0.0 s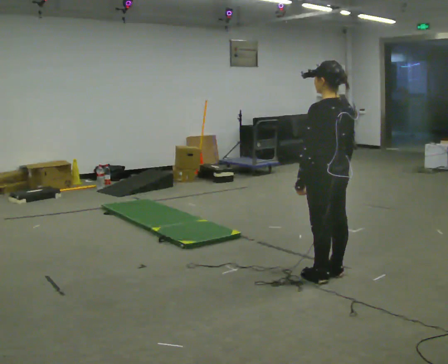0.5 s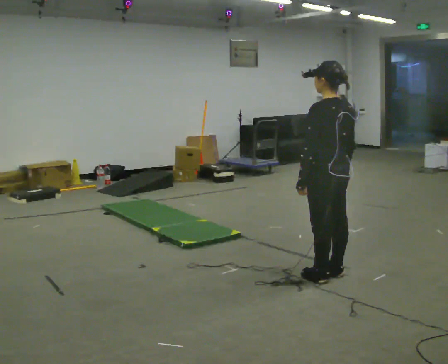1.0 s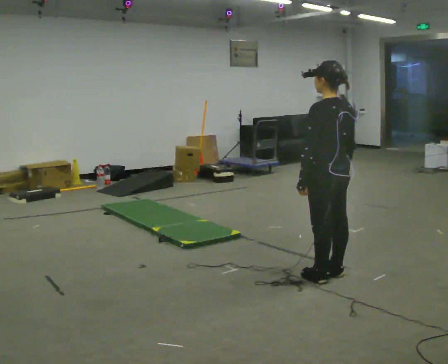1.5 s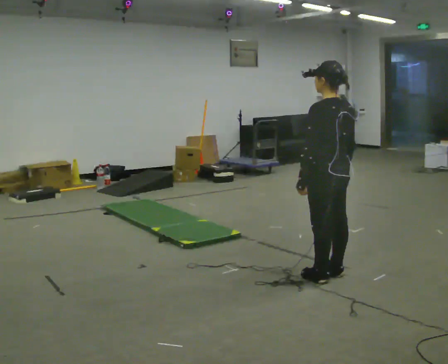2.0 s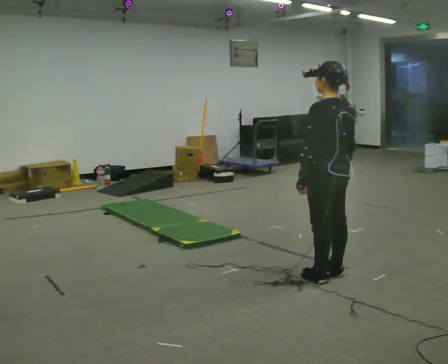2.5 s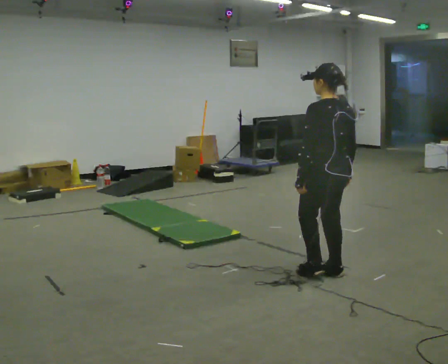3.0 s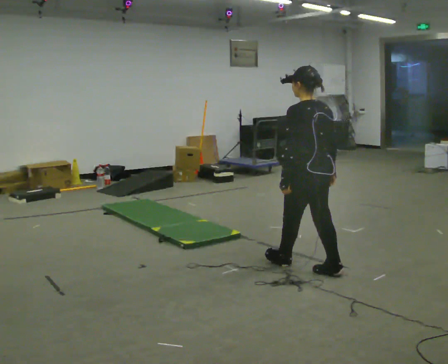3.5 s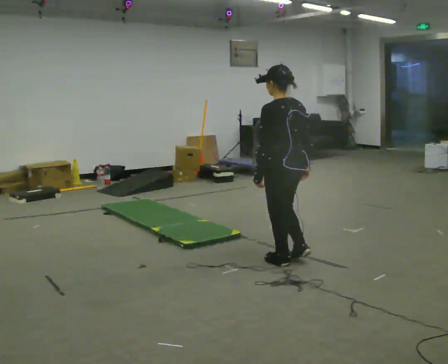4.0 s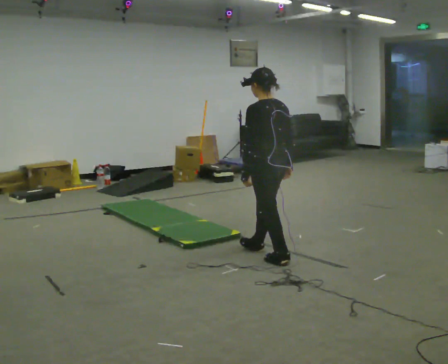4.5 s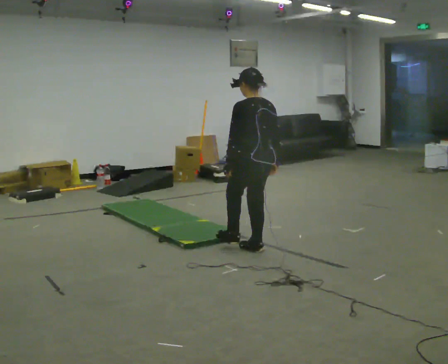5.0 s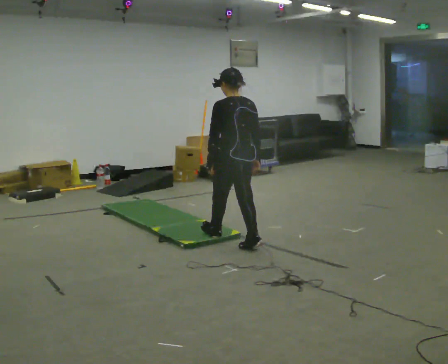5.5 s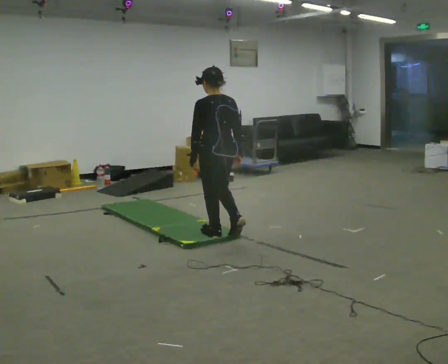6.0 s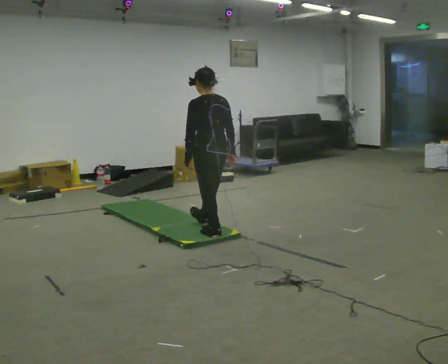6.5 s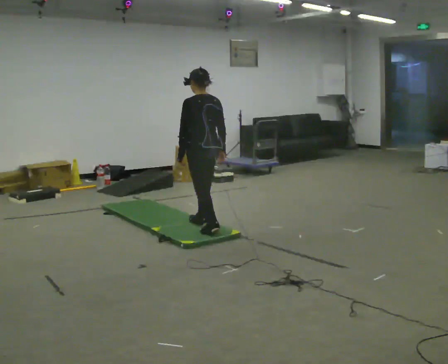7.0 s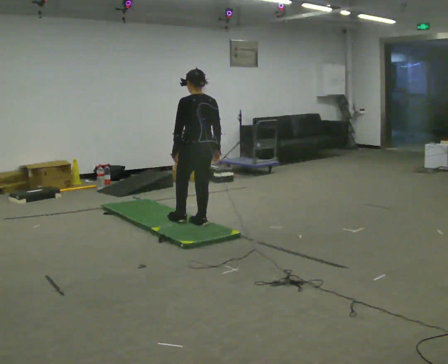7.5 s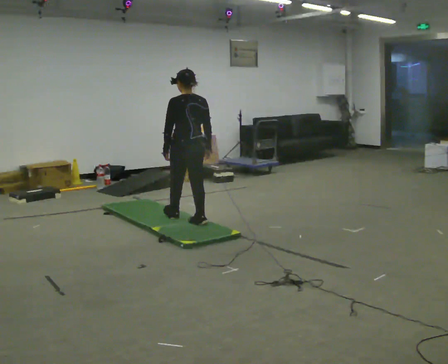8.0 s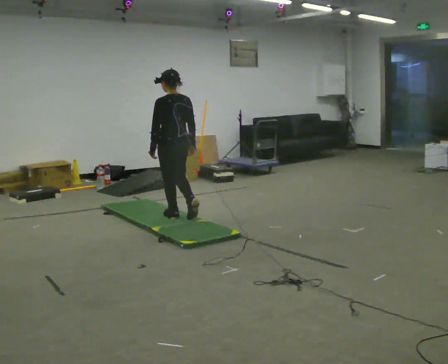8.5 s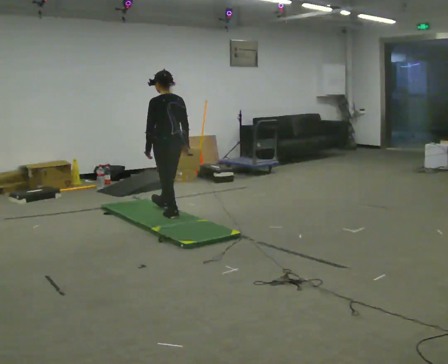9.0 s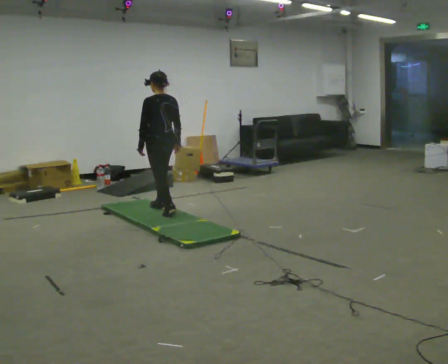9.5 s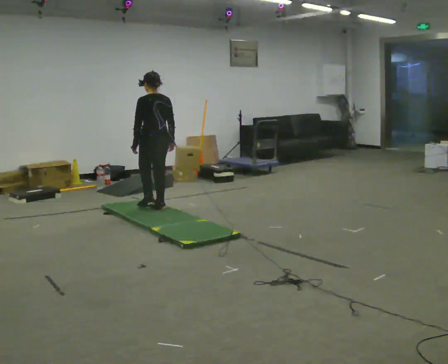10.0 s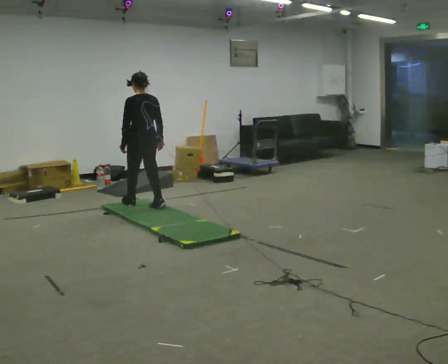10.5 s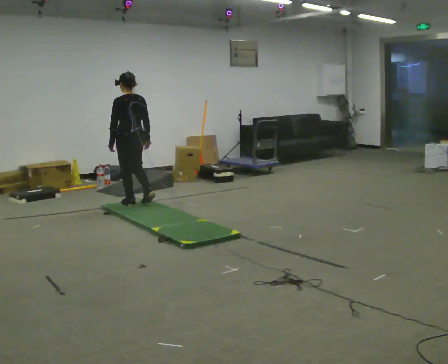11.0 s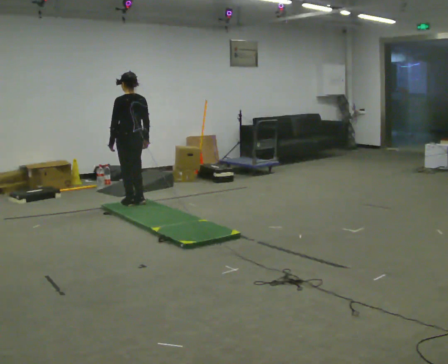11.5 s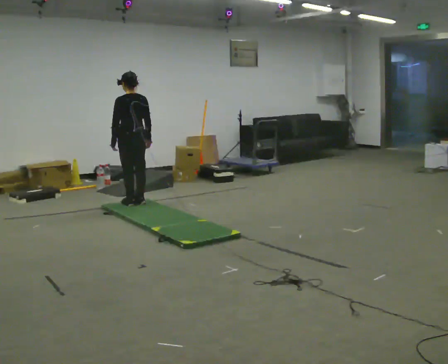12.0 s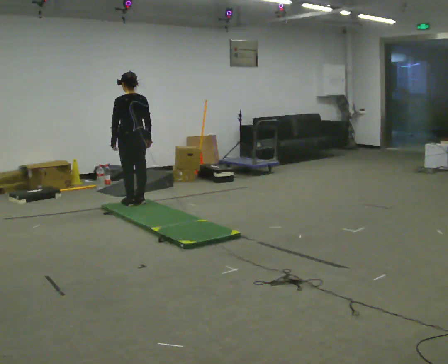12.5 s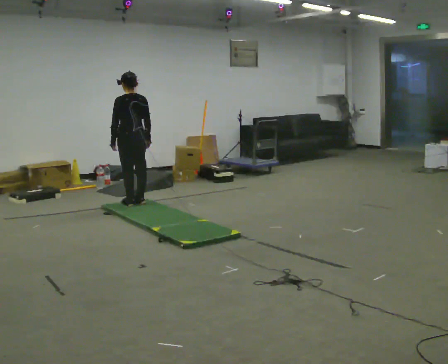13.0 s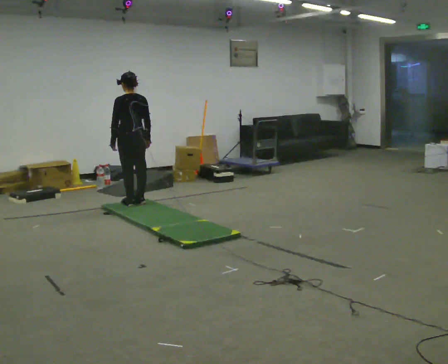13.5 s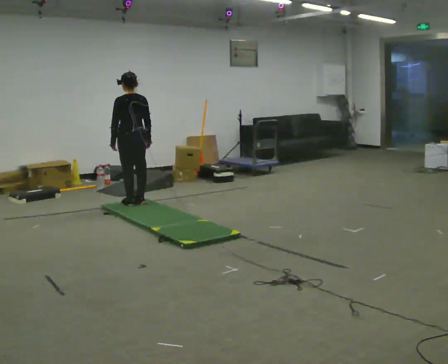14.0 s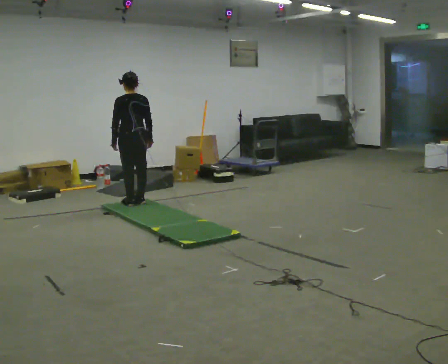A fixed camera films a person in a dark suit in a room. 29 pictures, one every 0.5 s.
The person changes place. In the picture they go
away from the camera.
0.0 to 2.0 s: The person keeps their place and pose.
2.0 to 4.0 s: In the picture they go away from the camera and to the left, about 0.5 m in 2 steps, which for them is forward.
4.0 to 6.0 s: In the picture they go away from the camera and to the left, about 0.5 m in 2 steps, which for them is forward.
6.0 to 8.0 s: In the picture they go away from the camera and to the left, about 0.75 m in 1 step, which for them is forward.
8.0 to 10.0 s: In the picture they go away from the camera and to the left, about 0.5 m in 2 steps, which for them is forward.
10.0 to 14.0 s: The person moves a little, or ends about where they began.
The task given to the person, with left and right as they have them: Walk across the soft uneven mat at a comfortable speed; continue walking normally after you leave it.
The film runs forward here.
